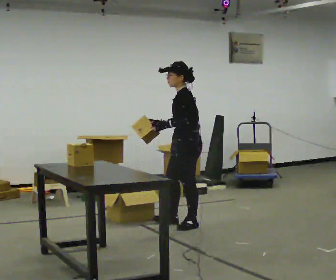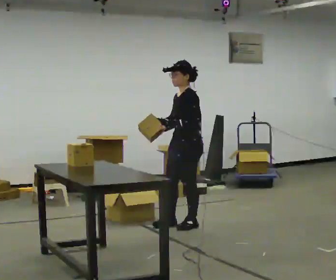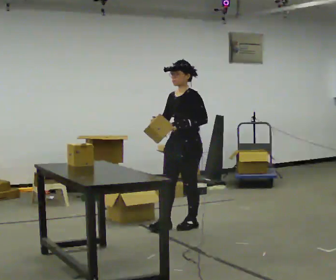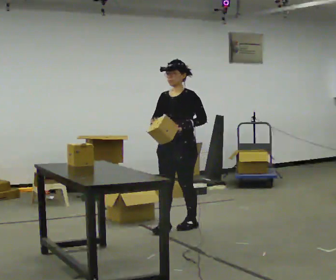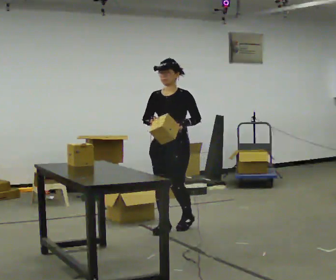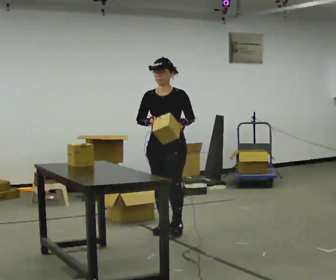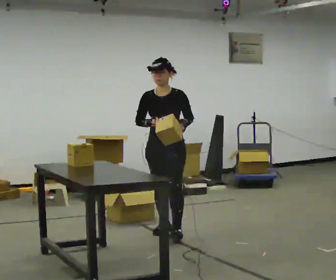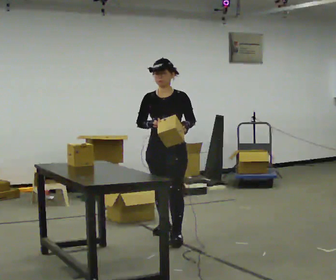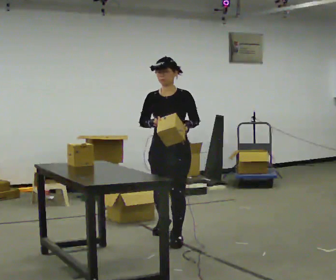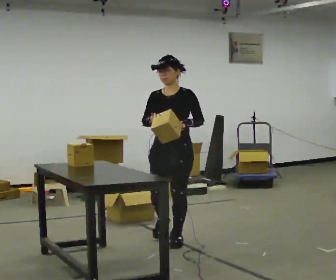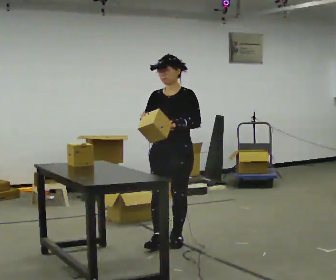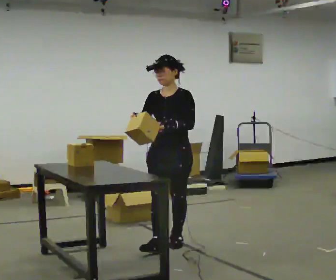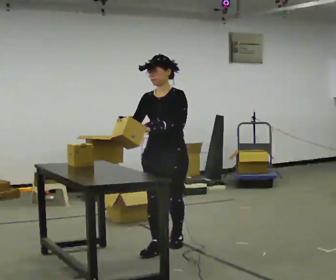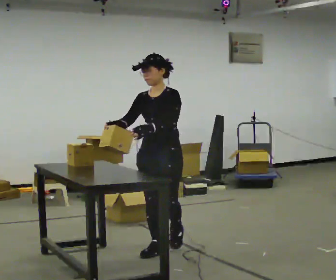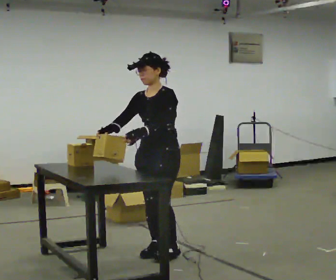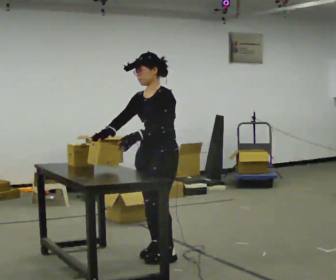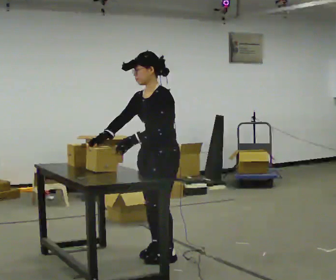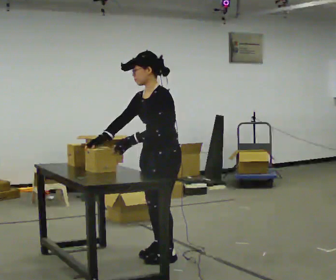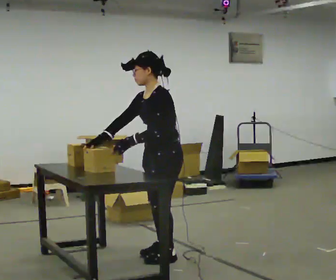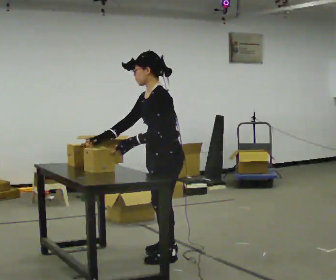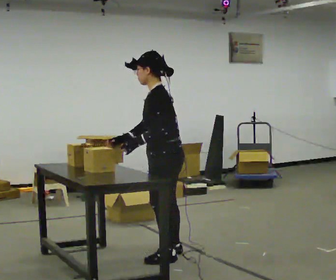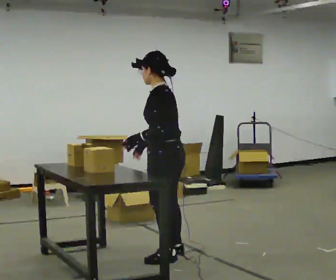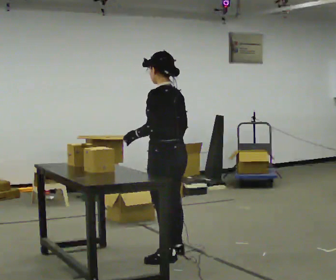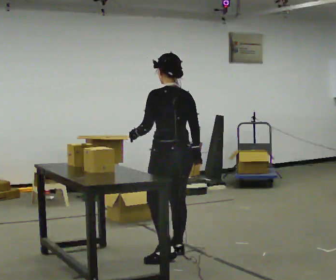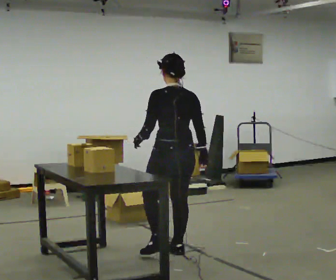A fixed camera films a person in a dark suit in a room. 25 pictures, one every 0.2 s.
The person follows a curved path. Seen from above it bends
counterclockwise.
0.0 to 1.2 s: The person turns about 75 degrees to their left, counterclockwise seen from above, so the part of the body nearest the lens slides to the right. In the picture they go toward the camera and to the left, about 0.25 m in 1 step.
1.2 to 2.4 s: In the picture they go toward the camera, about 0.5 m in 2 steps, which for them is forward.
2.4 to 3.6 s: The person turns about 45 degrees to their right, clockwise seen from above, so the part of the body nearest the lens slides to the left. In the picture they go toward the camera, about 0.25 m in 1 step, which for them is to their left and forward.
3.6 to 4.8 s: The person turns about 90 degrees to their right, clockwise seen from above, so the part of the body nearest the lens slides to the left. In the picture they go away from the camera, about 0.25 m. In the picture their right hand goes to the right, the arm swinging counterclockwise.
The film runs forward here.
